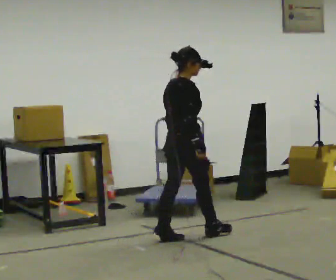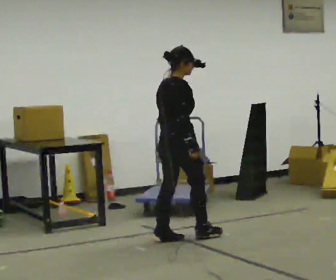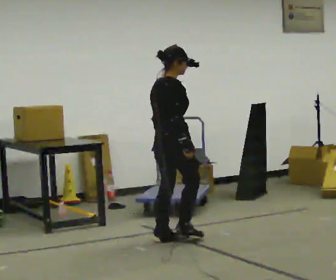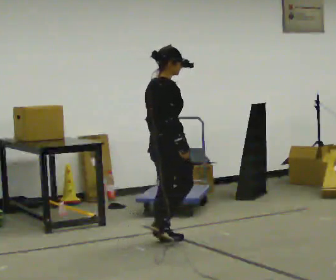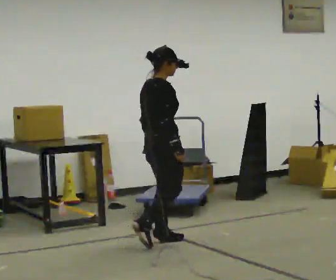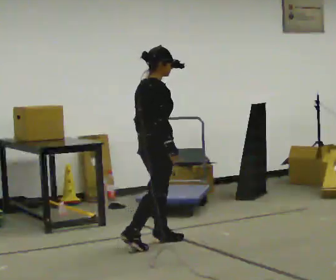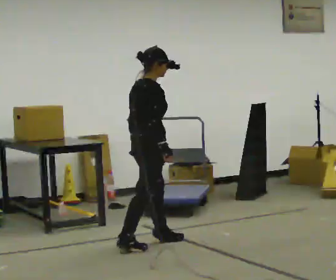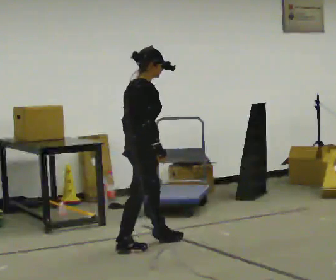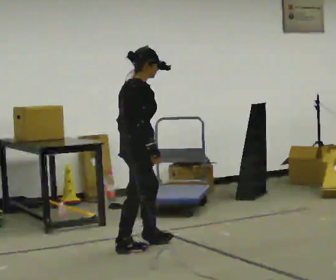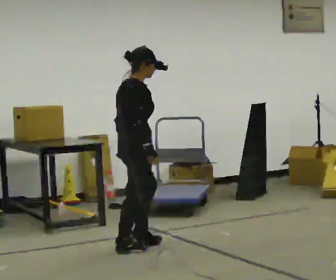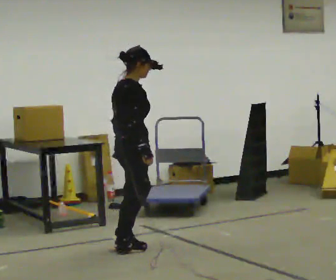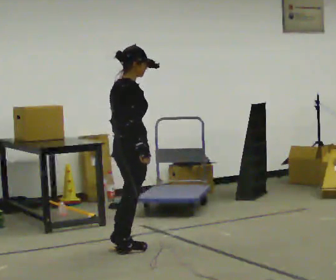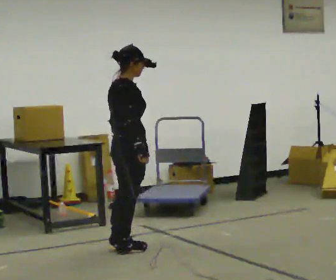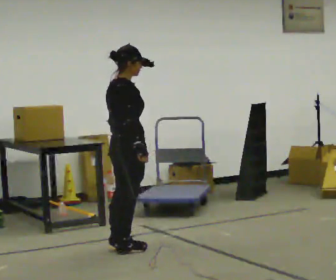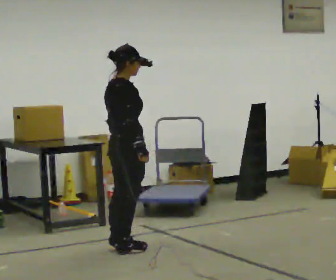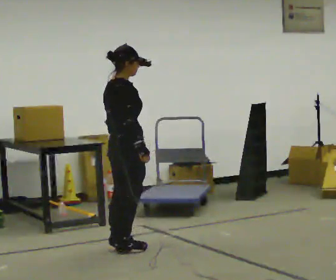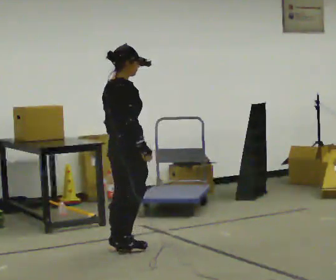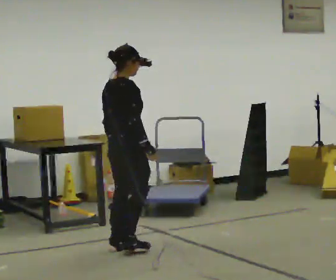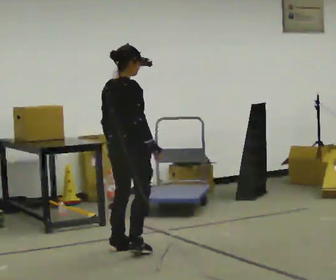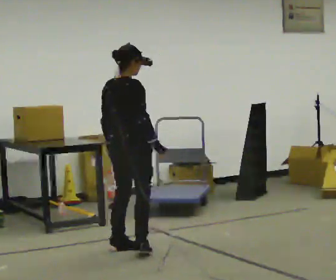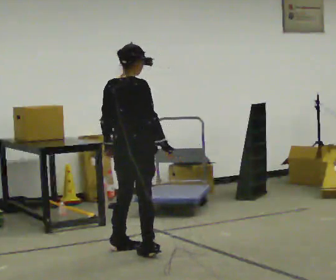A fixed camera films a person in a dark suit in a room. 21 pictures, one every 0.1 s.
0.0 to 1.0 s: In the picture they go to the left and toward the camera, about 0.5 m in 2 steps, which for them is backward.
1.0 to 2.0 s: The person turns about 30 degrees to their left, counterclockwise seen from above, so the part of the body nearest the lens slides to the right.
The film runs backward here.
